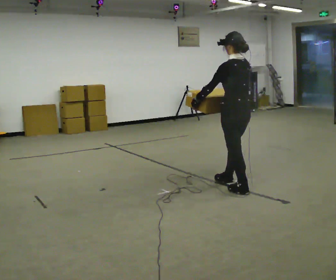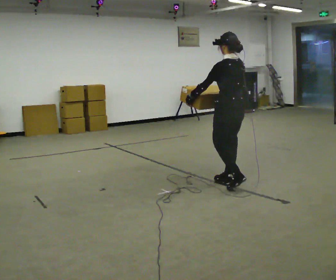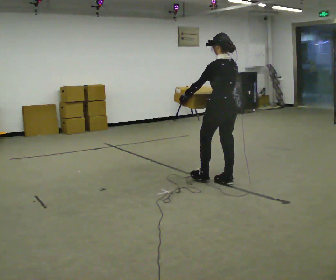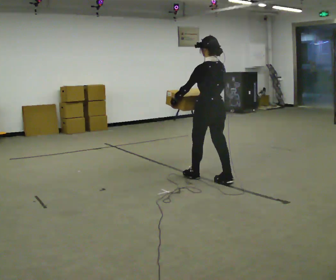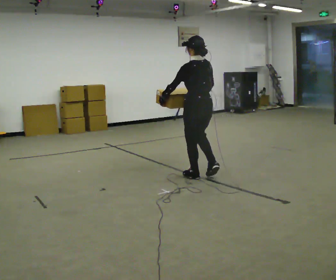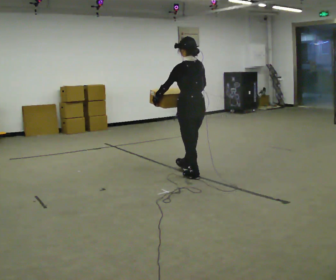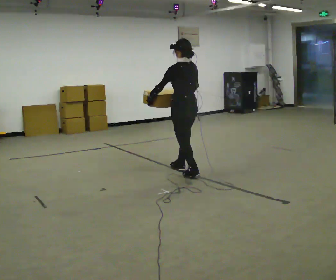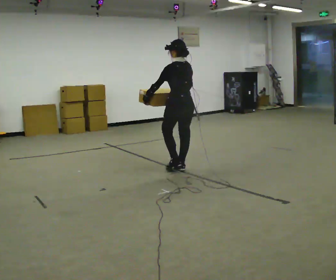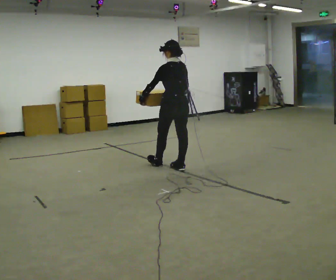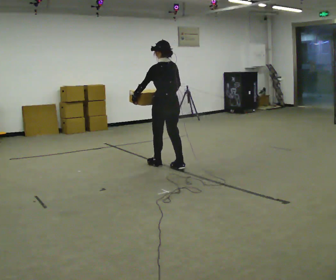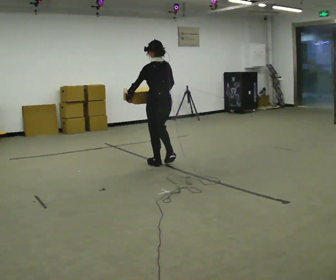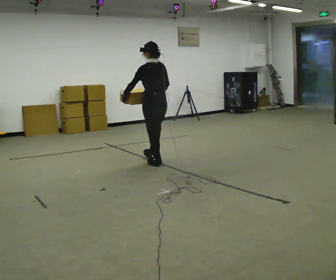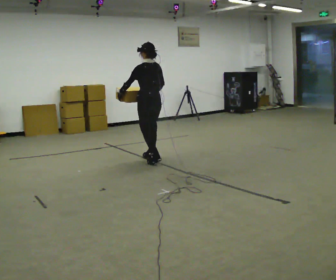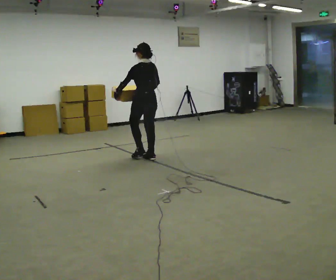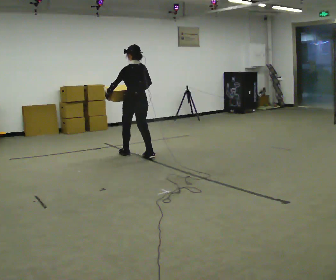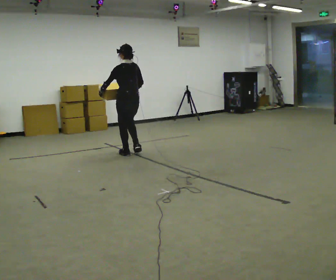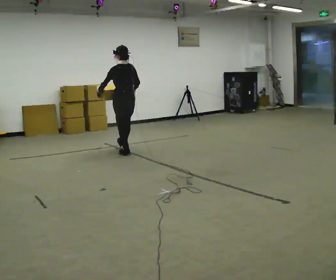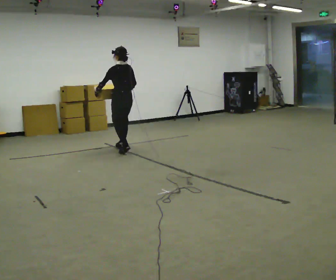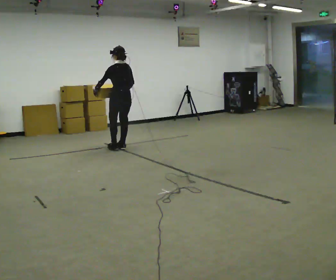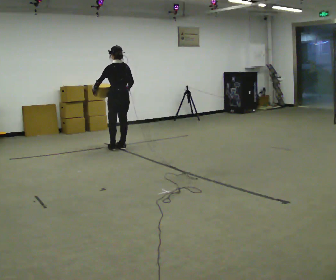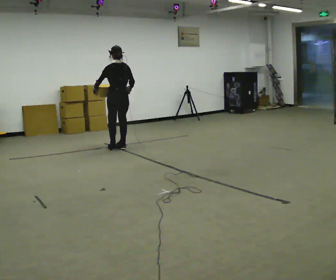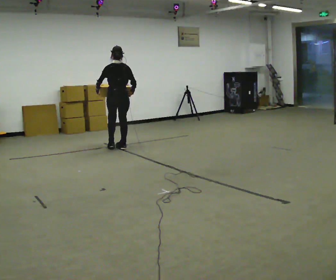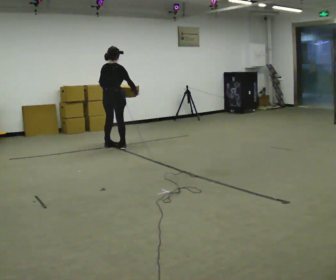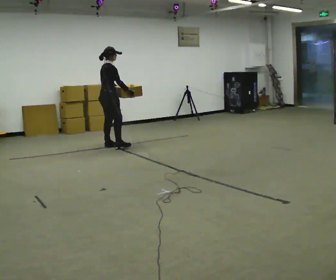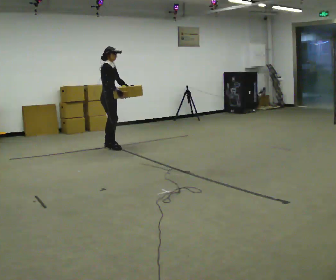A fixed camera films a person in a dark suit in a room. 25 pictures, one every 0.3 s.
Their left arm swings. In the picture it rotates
counterclockwise.
0.0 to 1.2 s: In the picture they go away from the camera and to the left, about 0.5 m in 1 step, which for them is forward.
1.2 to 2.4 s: In the picture they go away from the camera and to the left, about 0.5 m in 1 step, which for them is forward.
2.4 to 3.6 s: In the picture they go away from the camera and to the left, about 0.5 m in 2 steps, which for them is forward.
3.6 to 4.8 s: In the picture they go away from the camera and to the left, about 0.5 m in 1 step, which for them is forward.
4.8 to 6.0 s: In the picture they go away from the camera, about 0.25 m in 2 steps, which for them is forward.
6.0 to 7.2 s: The part of the body nearest the lens slides to the left as the person turns to their right by about 120 degrees. In the picture they go to the left, about 0.25 m in 2 steps. In the picture their left hand goes to the right, the arm swinging counterclockwise.
The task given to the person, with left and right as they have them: Carry the medium box in both hands in front of you, walking back and forth across the room. Keep walking until the operator says stop.
The film runs forward here.
